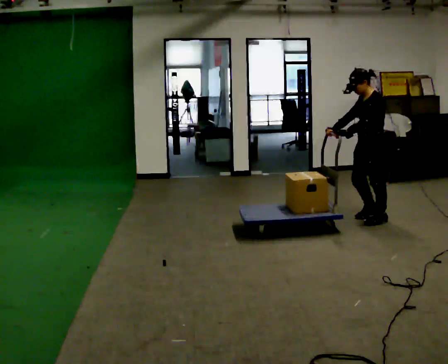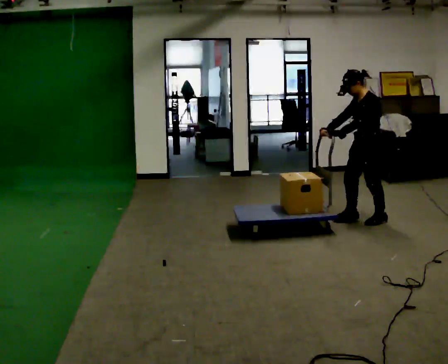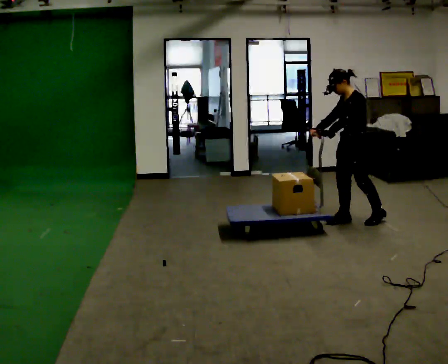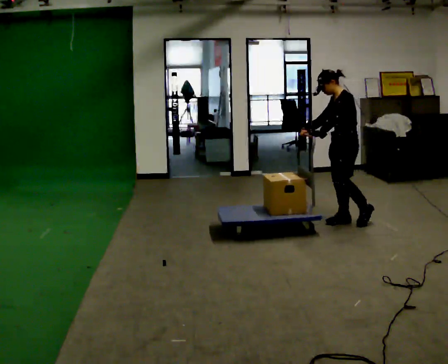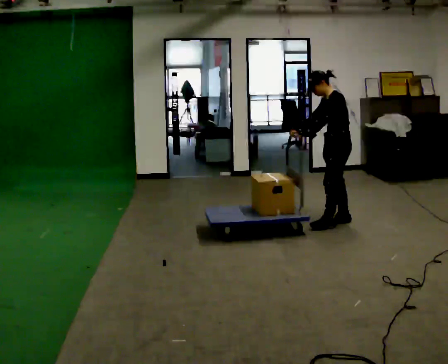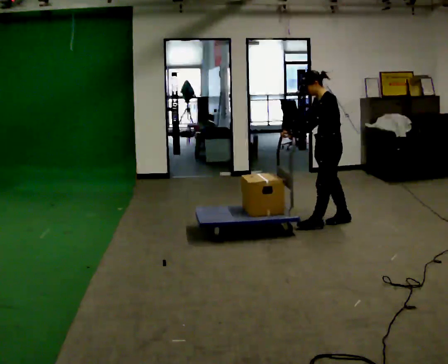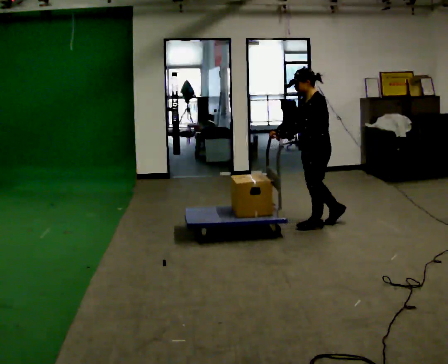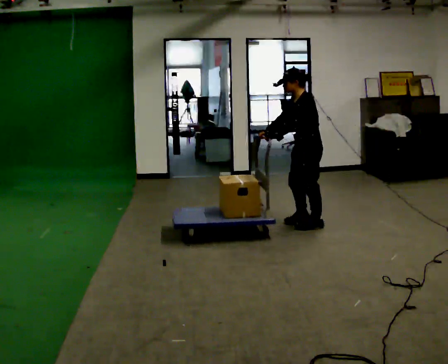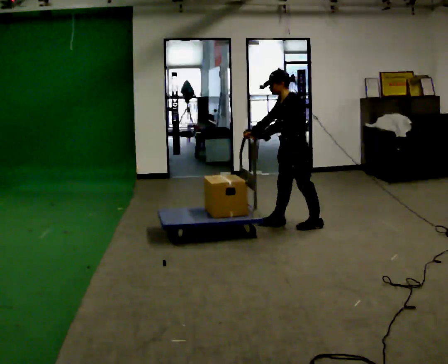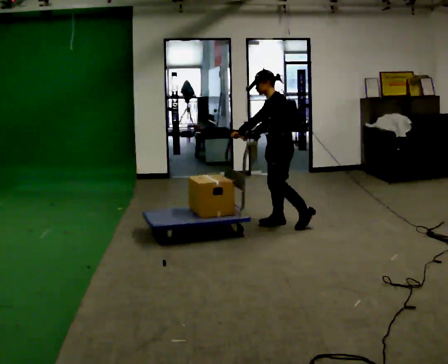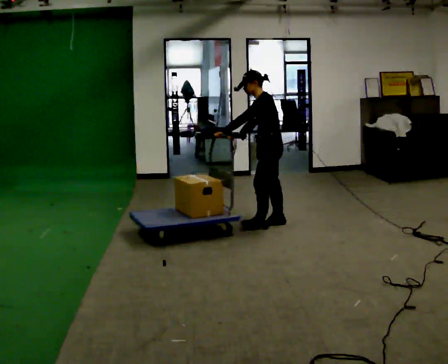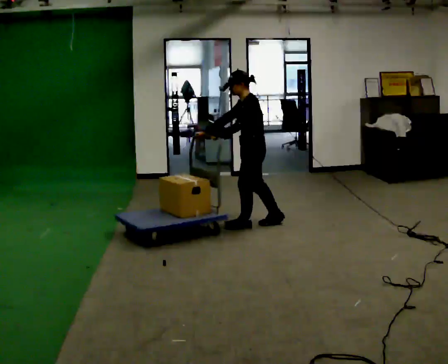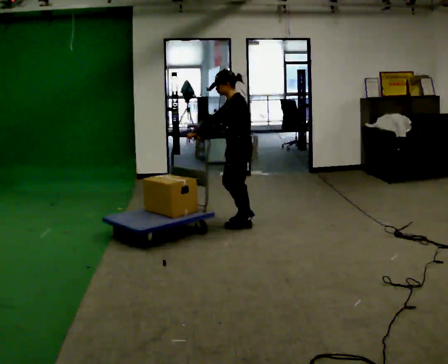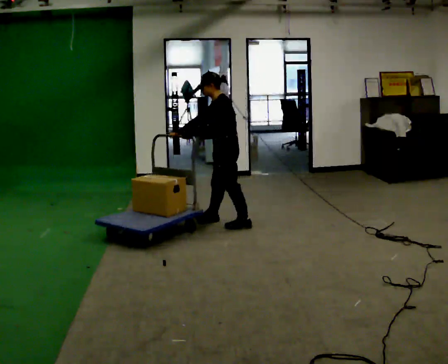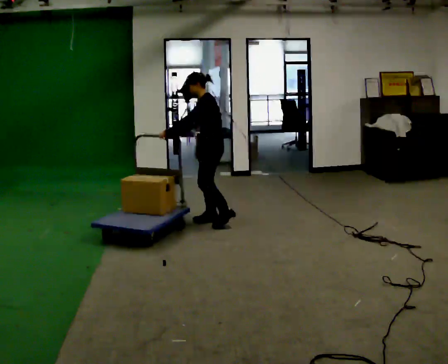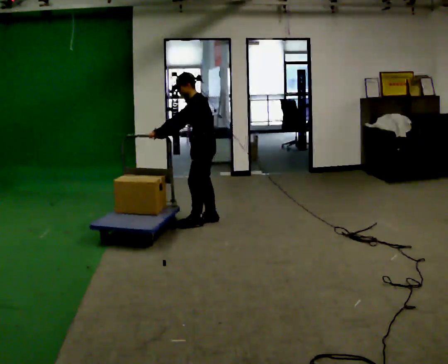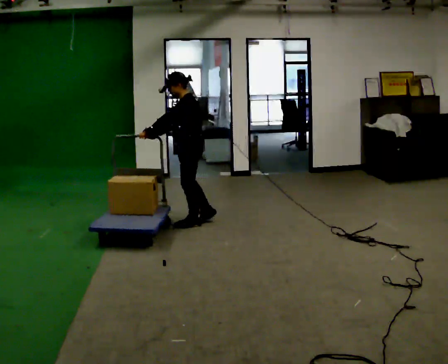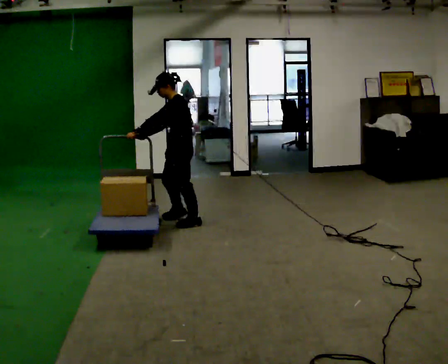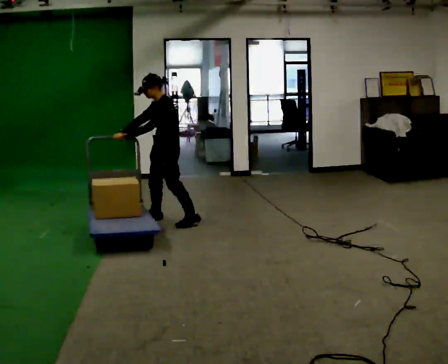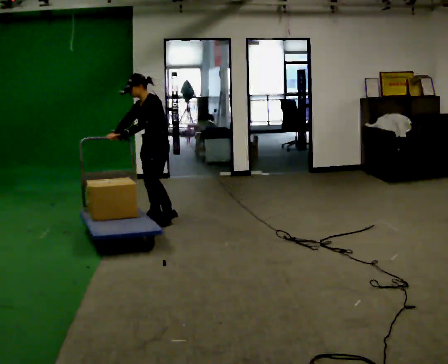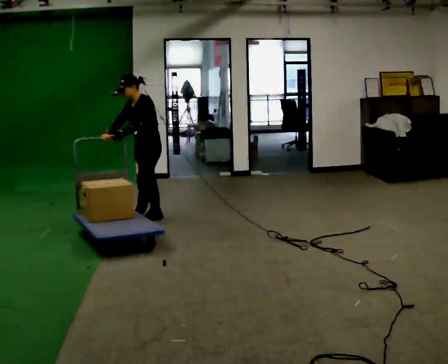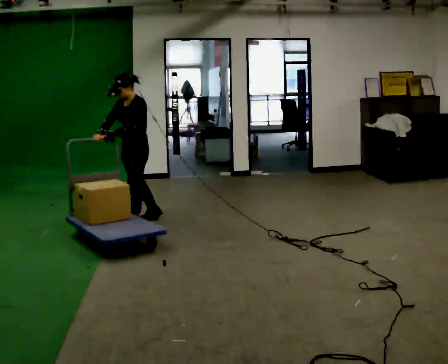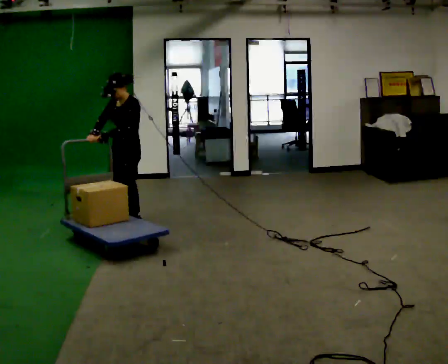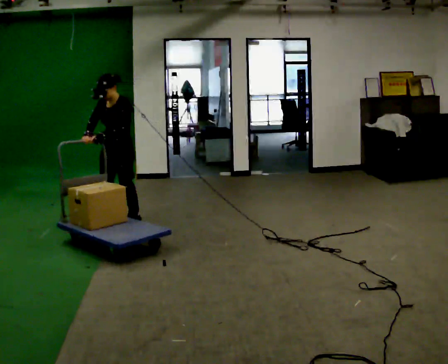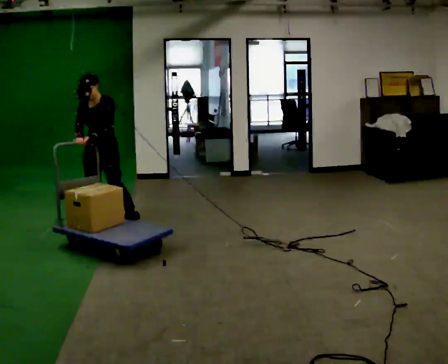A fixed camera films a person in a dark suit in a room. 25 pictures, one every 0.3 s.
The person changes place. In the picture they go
to the left.
0.0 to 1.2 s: In the picture they go to the left, about 0.25 m in 1 step, which for them is forward and to their right.
1.2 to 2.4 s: In the picture they go to the left, about 0.5 m in 2 steps, which for them is forward.
2.4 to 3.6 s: In the picture they go to the left, about 0.5 m in 1 step, which for them is forward.
3.6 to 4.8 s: In the picture they go to the left, about 0.5 m in 2 steps, which for them is forward.
4.8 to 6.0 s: The person turns about 30 degrees to their left, counterclockwise seen from above, so the part of the body nearest the lens slides to the right. In the picture they go to the left, about 0.5 m in 1 step, which for them is forward and to their right.
6.0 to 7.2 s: The person turns about 30 degrees to their left, counterclockwise seen from above, so the part of the body nearest the lens slides to the right. In the picture they go to the left and toward the camera, about 0.5 m in 2 steps, which for them is forward.
The film runs forward here.
